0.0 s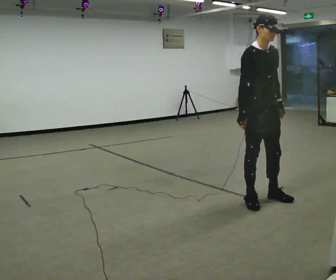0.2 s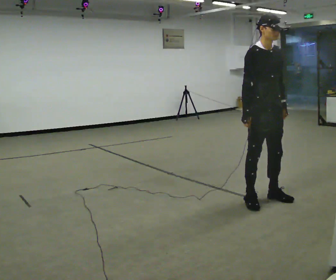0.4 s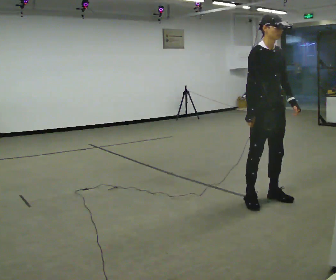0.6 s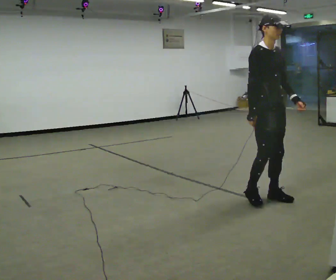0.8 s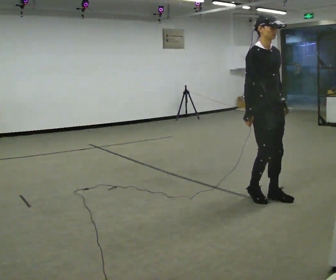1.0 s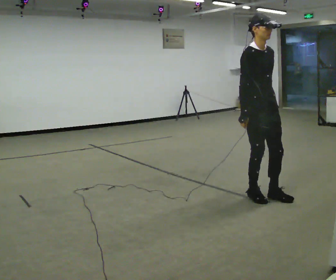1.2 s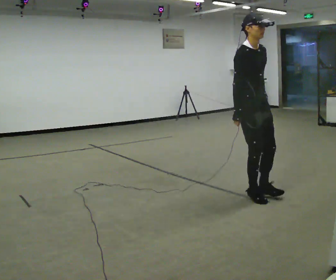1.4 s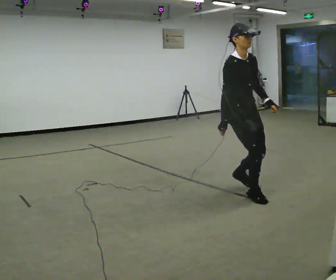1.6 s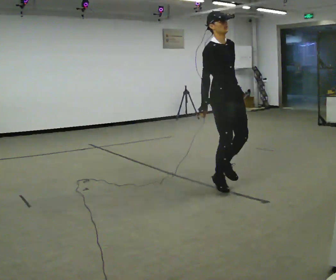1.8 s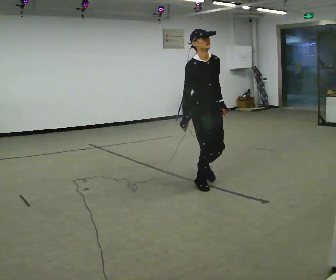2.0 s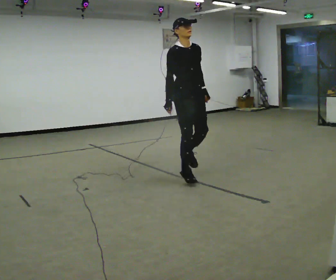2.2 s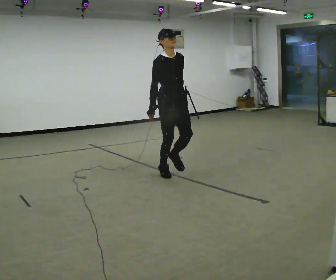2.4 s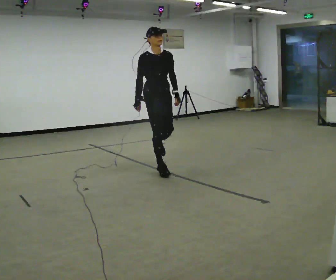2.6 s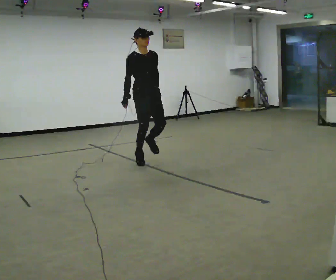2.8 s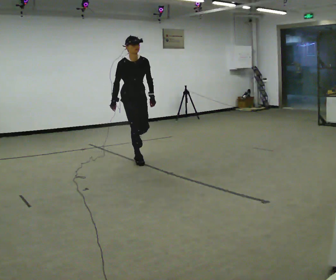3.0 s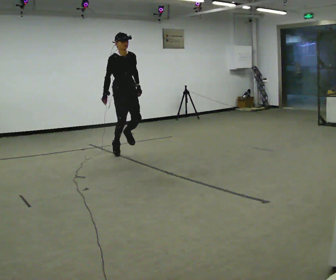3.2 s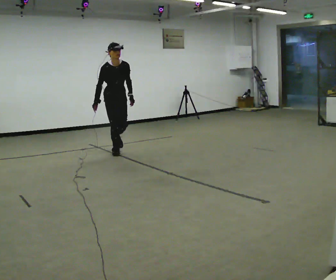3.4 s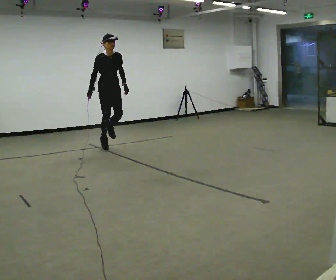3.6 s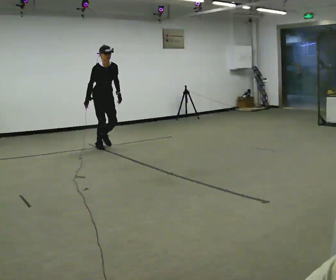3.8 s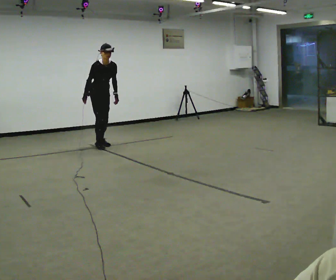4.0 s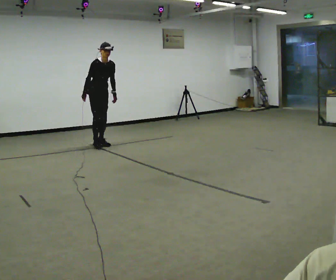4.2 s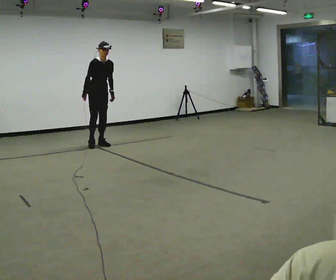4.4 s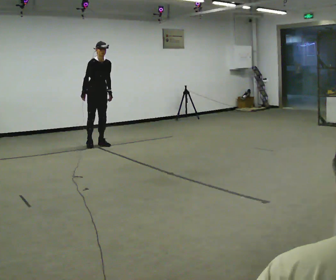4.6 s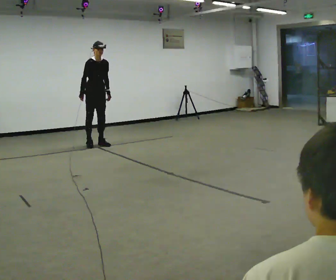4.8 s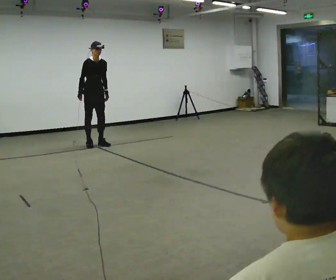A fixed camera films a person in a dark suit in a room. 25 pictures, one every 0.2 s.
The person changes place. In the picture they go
away from the camera.
0.0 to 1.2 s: The person moves a little, or ends about where they began.
1.2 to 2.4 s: In the picture they go away from the camera and to the left, about 1.5 m in 2 steps, which for them is backward.
2.4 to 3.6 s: In the picture they go away from the camera and to the left, about 1.5 m, which for them is backward.
3.6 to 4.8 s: In the picture they go away from the camera and to the left, about 0.25 m in 1 step, which for them is backward.
The film runs backward here.
